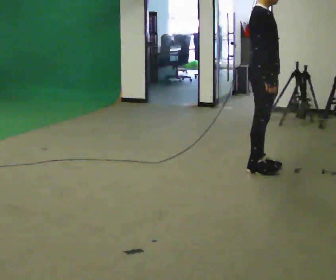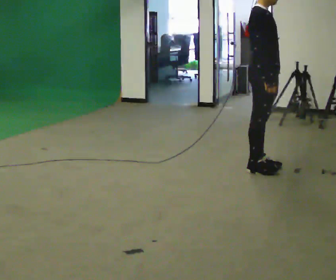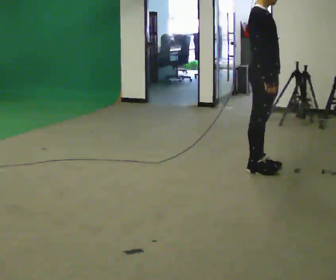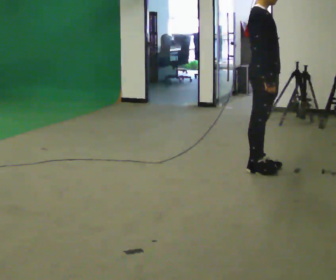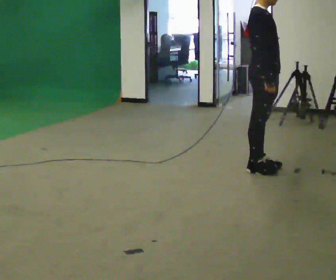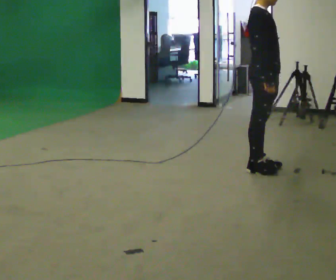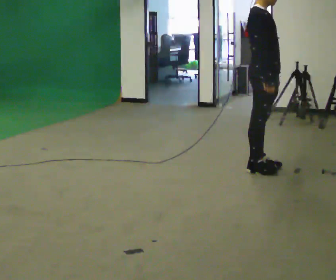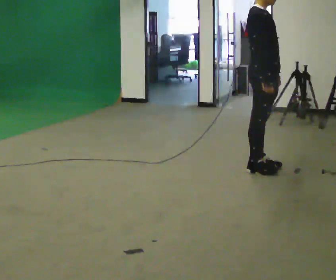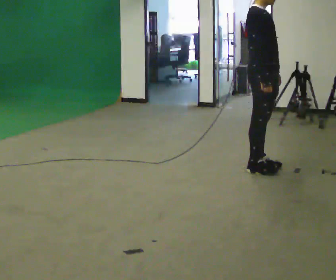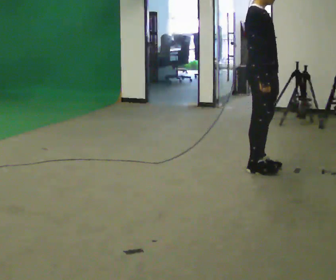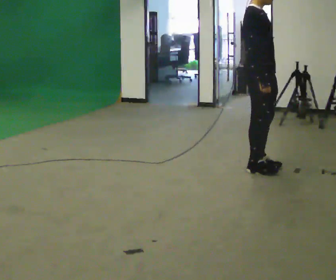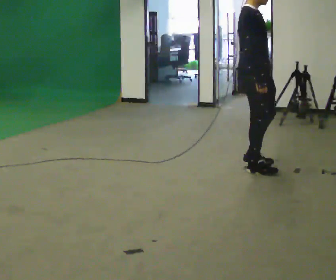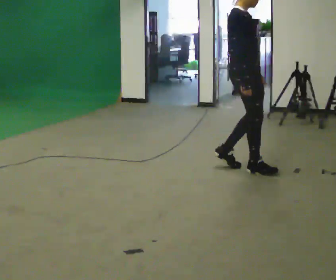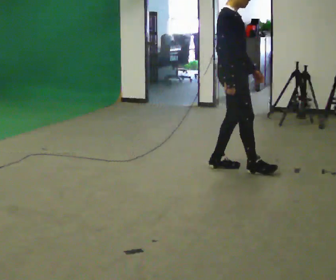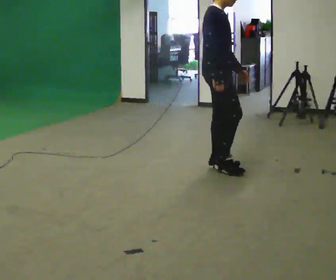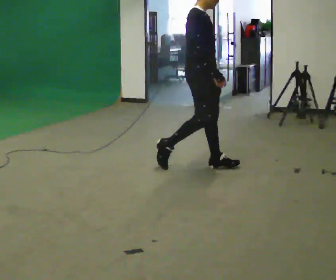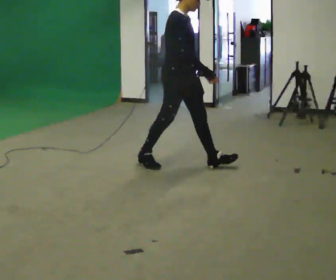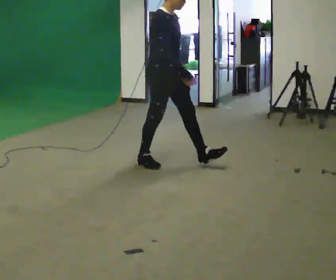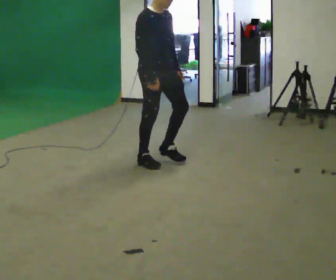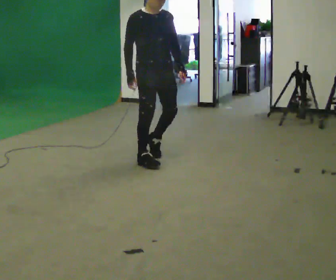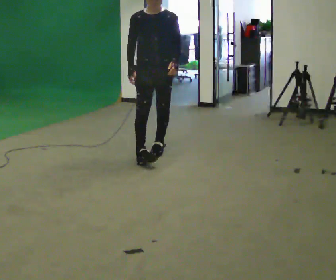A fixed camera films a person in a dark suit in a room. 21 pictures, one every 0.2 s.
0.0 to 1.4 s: The person keeps their place and pose.
1.4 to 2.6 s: In the picture they go to the left, about 0.25 m in 1 step, which for them is backward.
2.6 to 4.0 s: The part of the body nearest the lens slides to the left as the person turns to their right by about 75 degrees. In the picture they go to the left, about 1 m in 3 steps.
The film runs backward here.
